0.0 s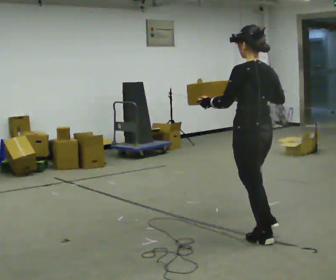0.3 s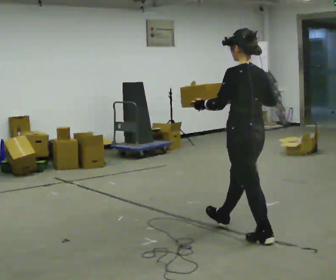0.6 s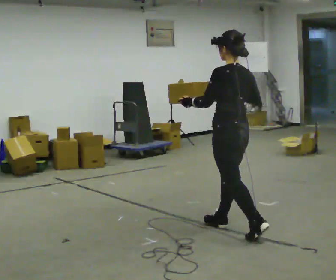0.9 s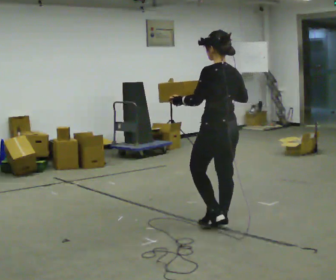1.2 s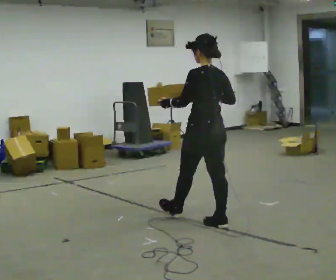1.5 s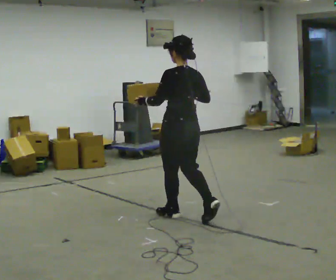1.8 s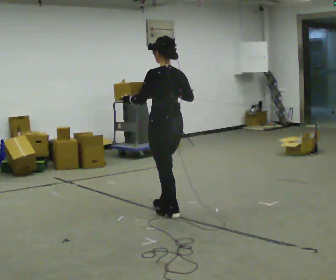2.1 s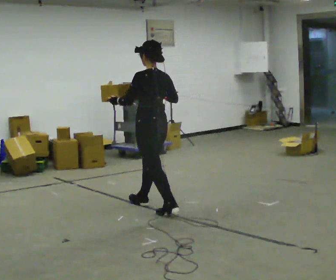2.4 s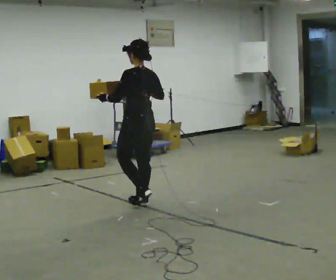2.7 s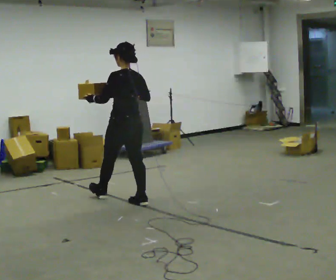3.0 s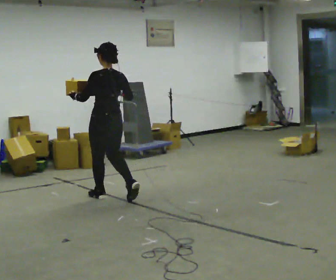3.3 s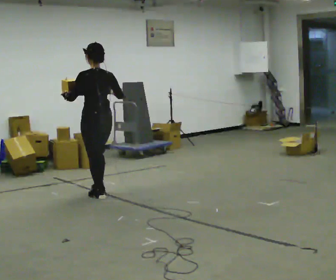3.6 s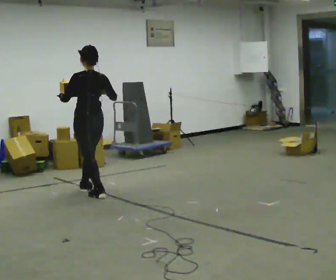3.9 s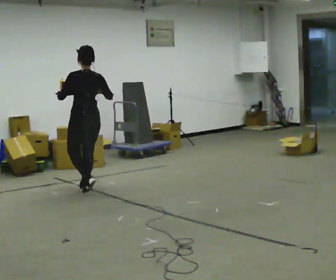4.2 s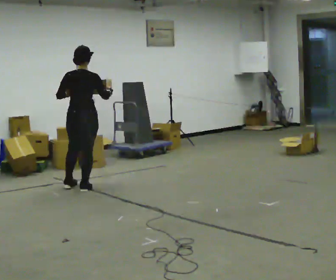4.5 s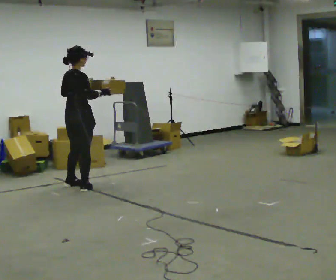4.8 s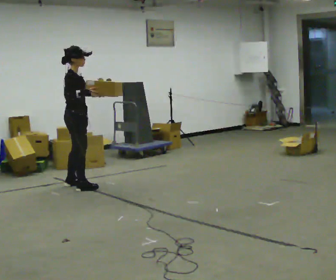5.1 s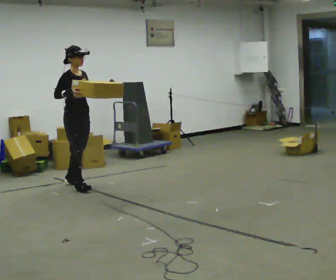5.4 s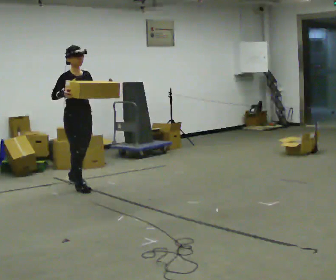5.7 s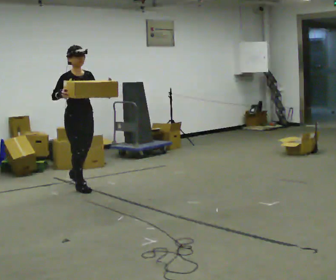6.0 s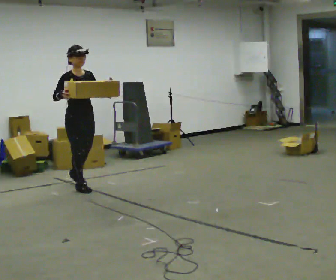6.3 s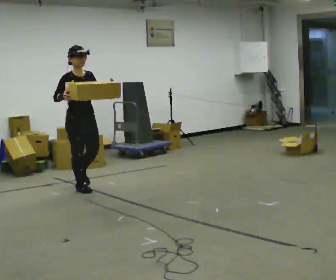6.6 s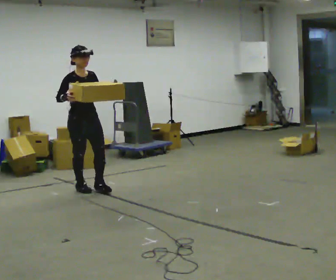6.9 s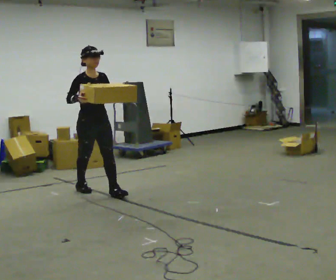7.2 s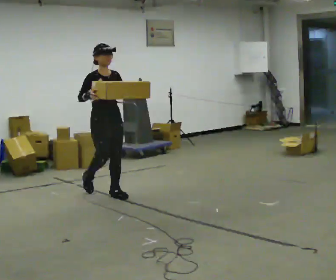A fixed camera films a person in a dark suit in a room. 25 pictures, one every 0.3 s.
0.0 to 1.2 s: In the picture they go away from the camera and to the left, about 0.5 m in 1 step, which for them is forward.
1.2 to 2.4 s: In the picture they go away from the camera and to the left, about 1 m in 2 steps, which for them is forward.
2.4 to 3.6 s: In the picture they go away from the camera and to the left, about 0.5 m in 2 steps, which for them is forward.
3.6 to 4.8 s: Seen from above the body turns clockwise, about 135 degrees: to their right, with its near side sliding to the left. In the picture they go away from the camera and to the left, about 0.5 m in 1 step.
4.8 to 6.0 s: Seen from above the body turns clockwise, about 45 degrees: to their right, with its near side sliding to the left. In the picture they go toward the camera, about 0.25 m, which for them is forward.
6.0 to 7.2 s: In the picture they go to the right and toward the camera, about 0.5 m in 1 step, which for them is forward.
The film runs forward here.
